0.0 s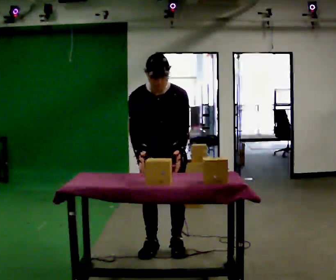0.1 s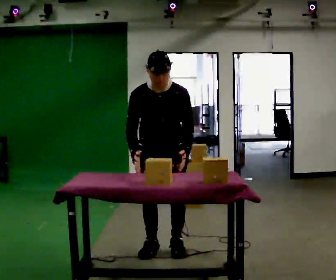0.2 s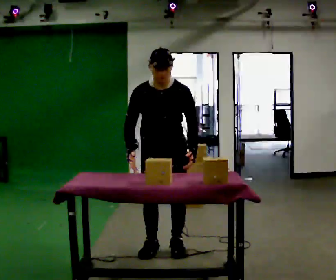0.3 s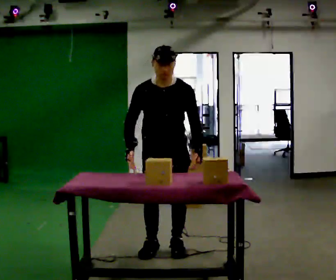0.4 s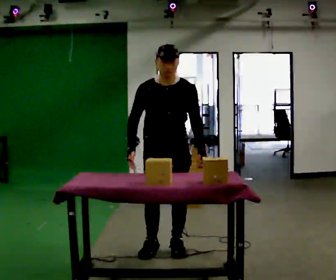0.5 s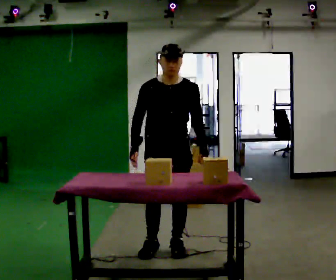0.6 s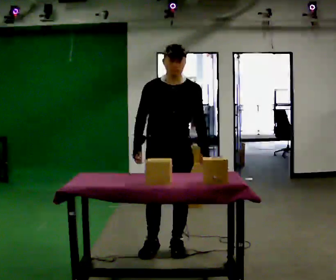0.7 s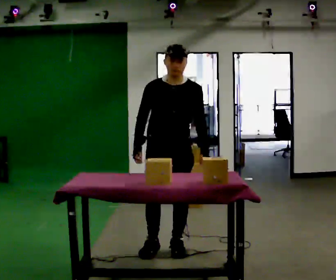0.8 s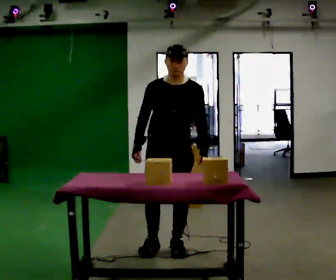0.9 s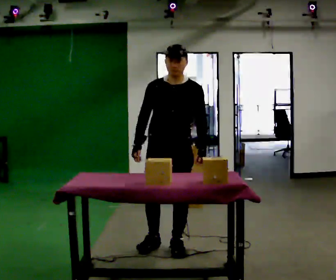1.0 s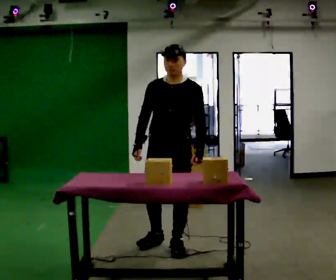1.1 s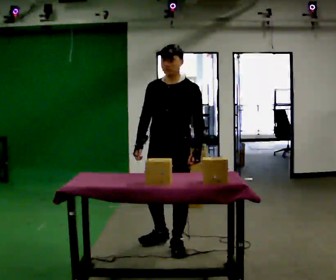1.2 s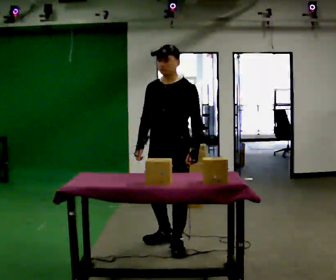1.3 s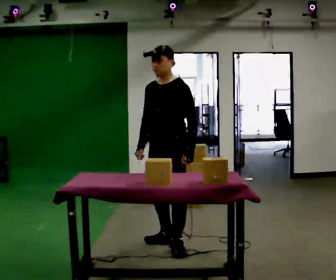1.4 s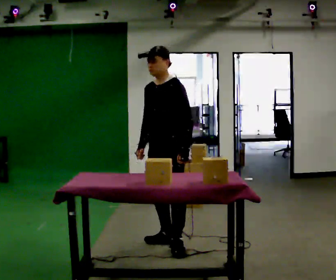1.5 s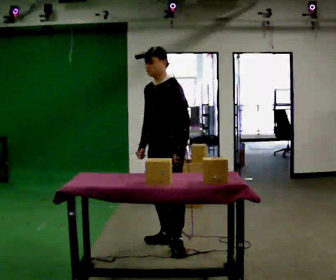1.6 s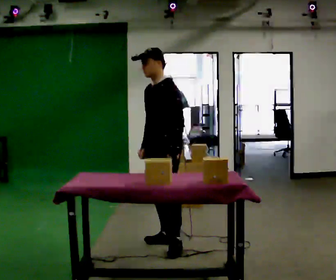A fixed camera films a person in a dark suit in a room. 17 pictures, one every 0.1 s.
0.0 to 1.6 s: The person turns about 60 degrees to their right, clockwise seen from above, so the part of the body nearest the lens slides to the left. In the picture they go away from the camera, about 0.25 m in 1 step. The upper body tips away from the camera, its near side rolling upward, as they lean back or straighten.
The film runs forward here.
